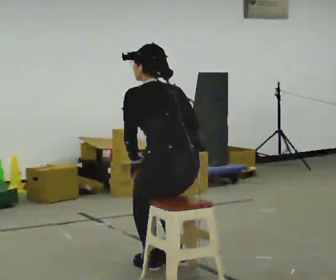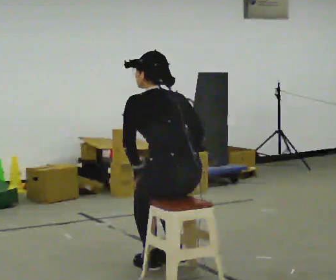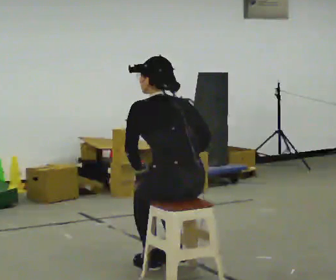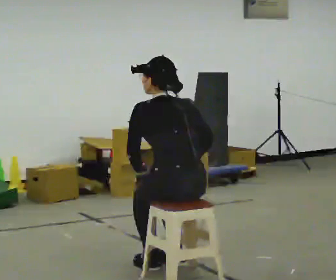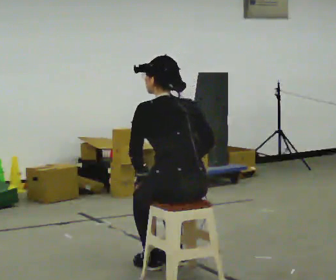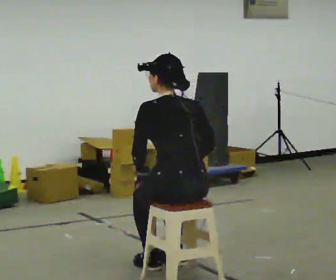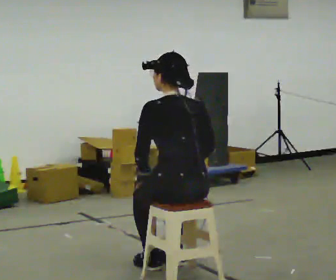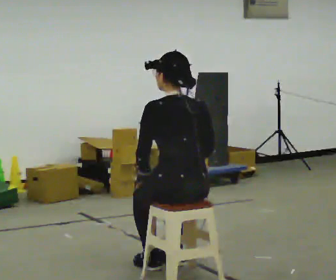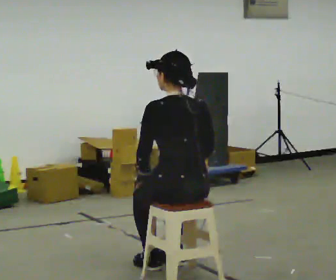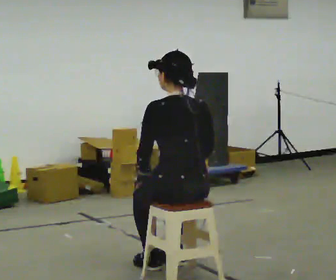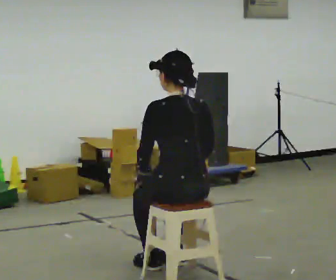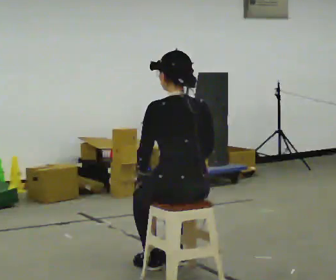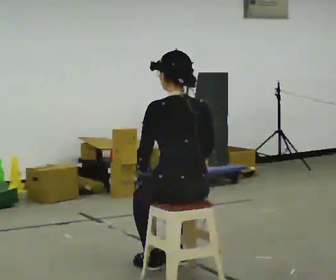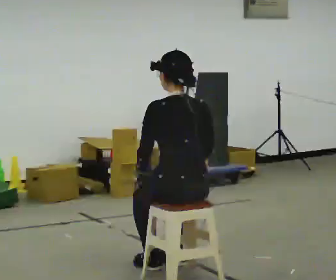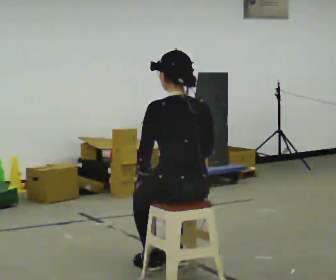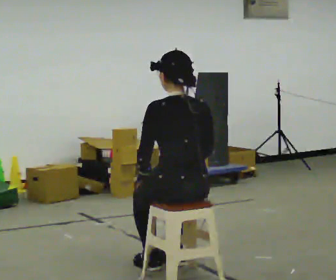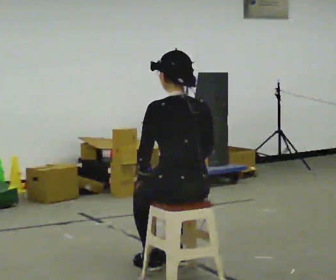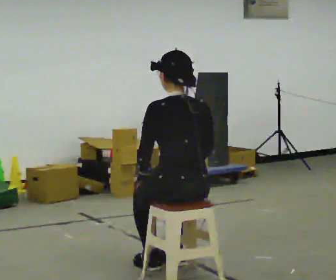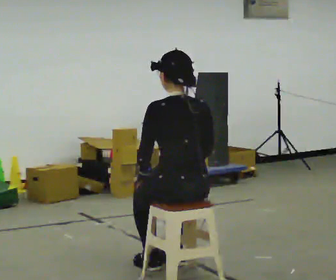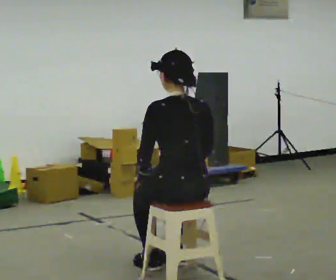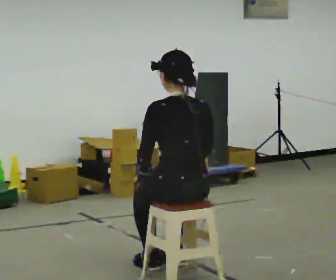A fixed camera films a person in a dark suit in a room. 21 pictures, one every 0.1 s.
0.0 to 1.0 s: The upper body tips toward the camera, its near side rolling downward, as they lean back or straighten.
1.0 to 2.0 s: The person keeps their place and pose.
The film runs backward here.
